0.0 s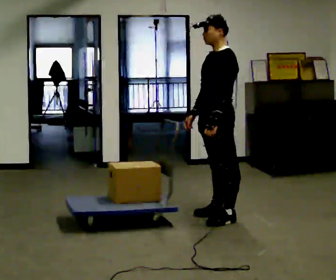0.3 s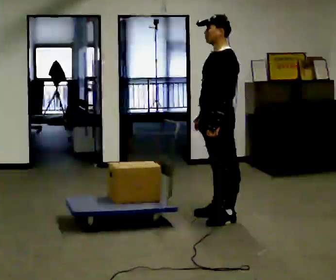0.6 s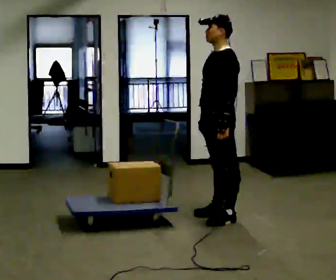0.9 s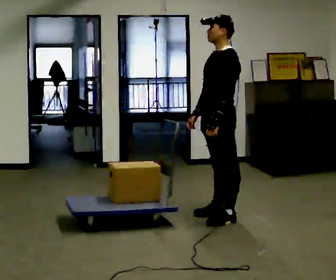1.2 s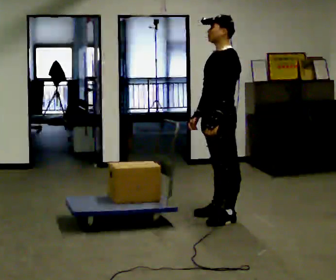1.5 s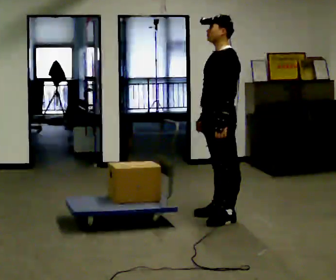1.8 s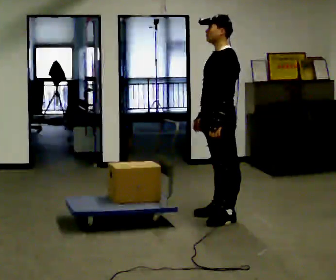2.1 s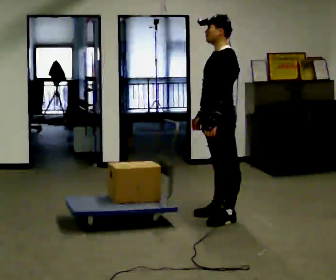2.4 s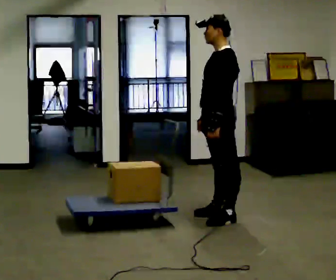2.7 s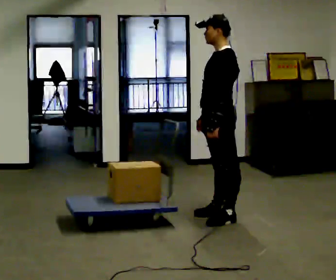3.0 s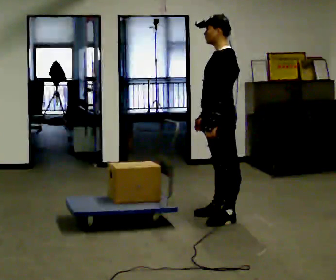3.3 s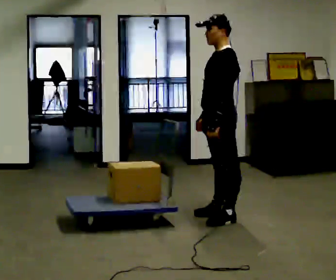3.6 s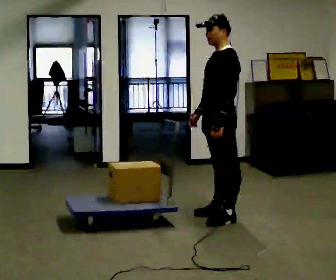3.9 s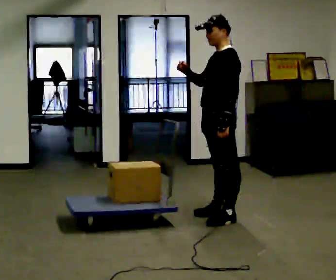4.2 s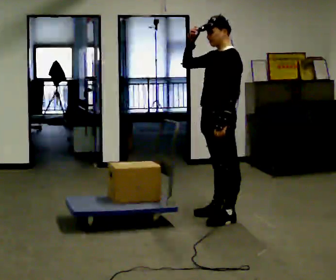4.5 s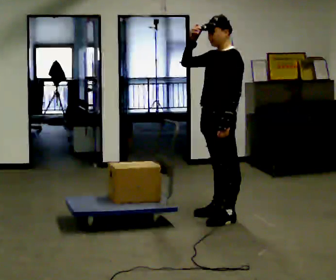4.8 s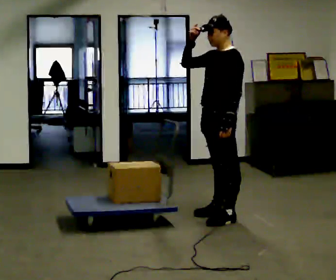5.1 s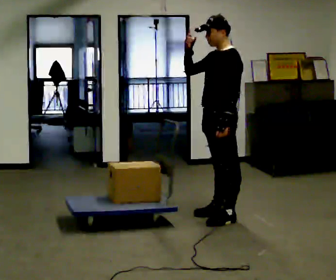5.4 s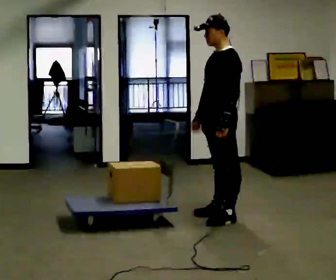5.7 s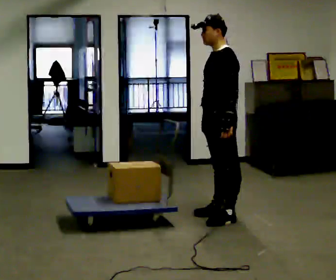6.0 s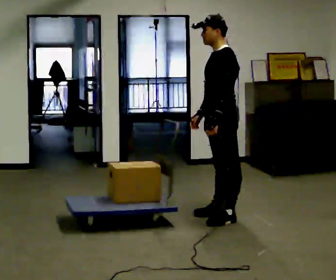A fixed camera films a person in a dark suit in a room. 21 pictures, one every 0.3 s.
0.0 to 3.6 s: The person moves a little, or ends about where they began.
3.6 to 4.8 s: In the picture their right hand goes upward, the arm swinging clockwise.
4.8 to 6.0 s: In the picture their right hand goes downward.
The film runs forward here.
